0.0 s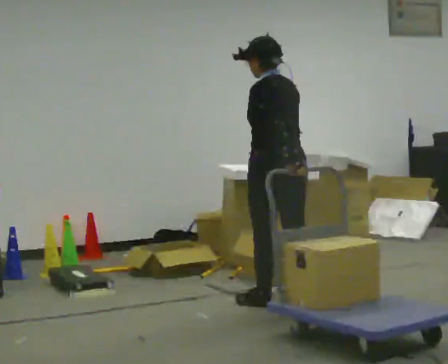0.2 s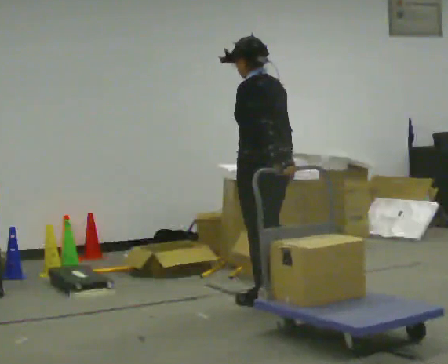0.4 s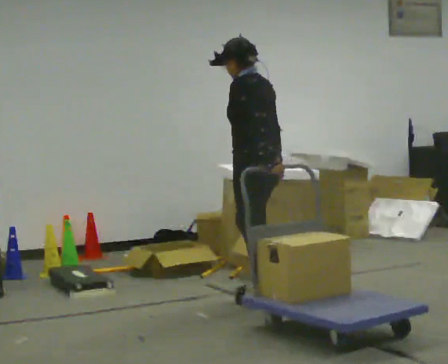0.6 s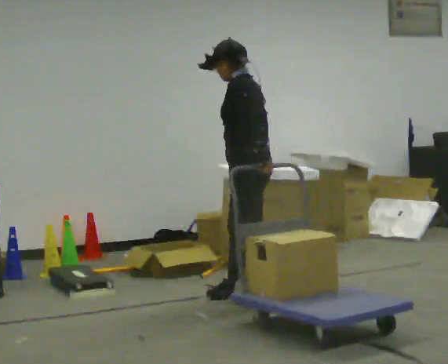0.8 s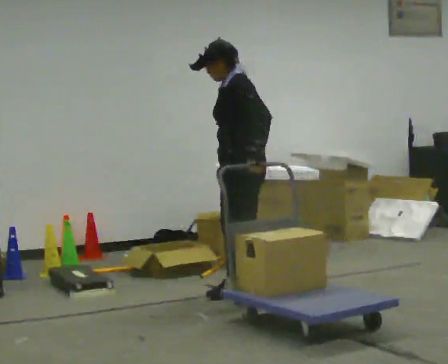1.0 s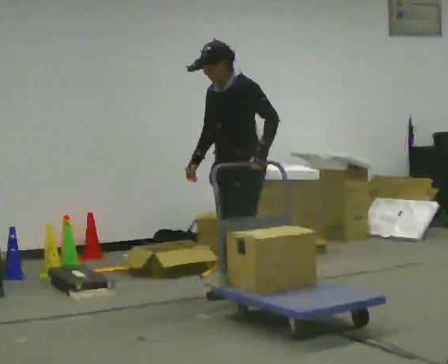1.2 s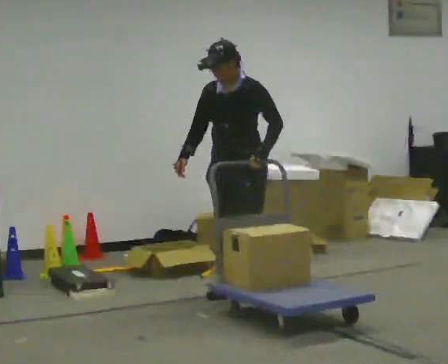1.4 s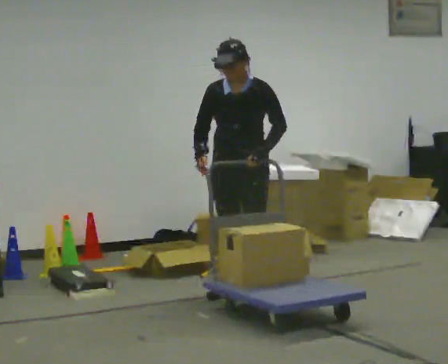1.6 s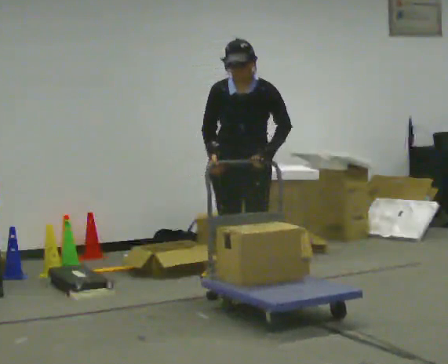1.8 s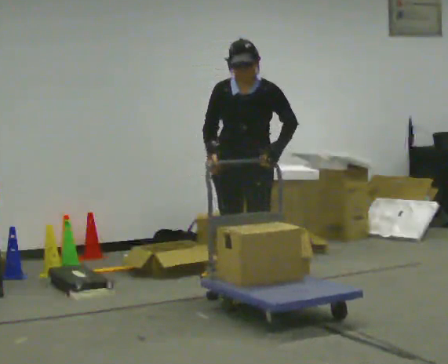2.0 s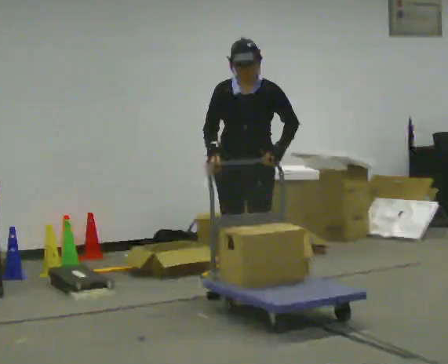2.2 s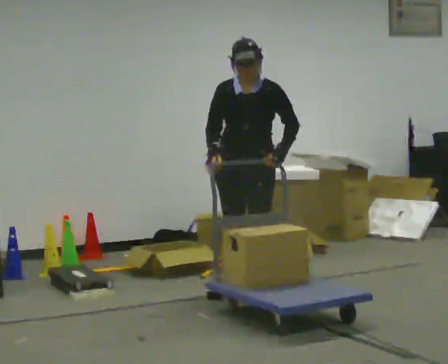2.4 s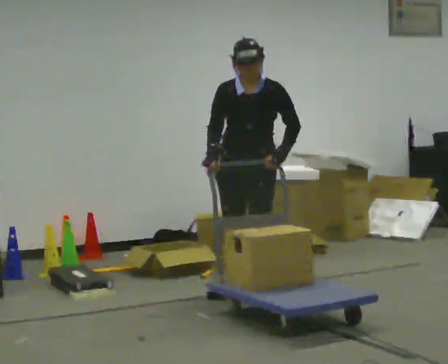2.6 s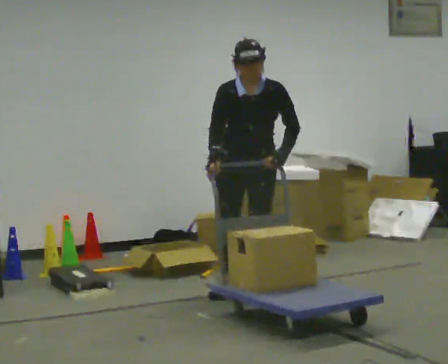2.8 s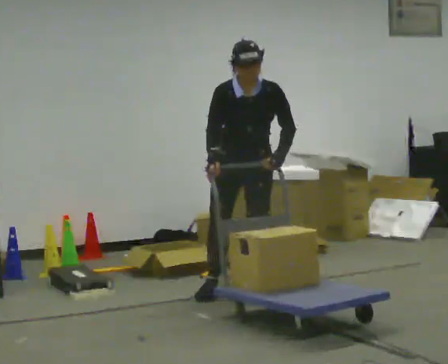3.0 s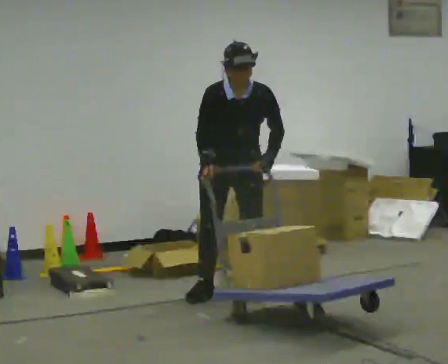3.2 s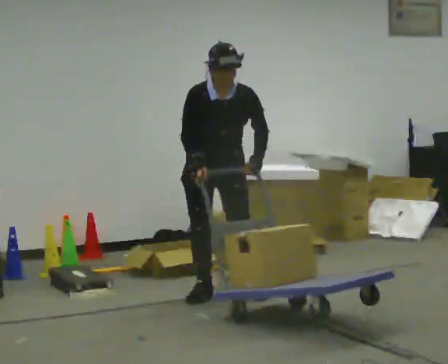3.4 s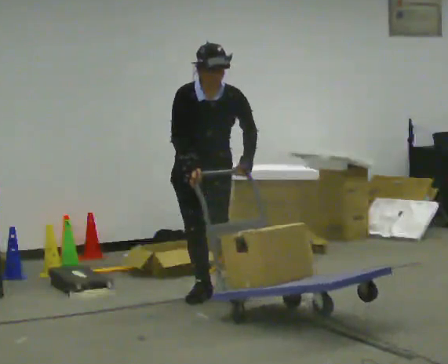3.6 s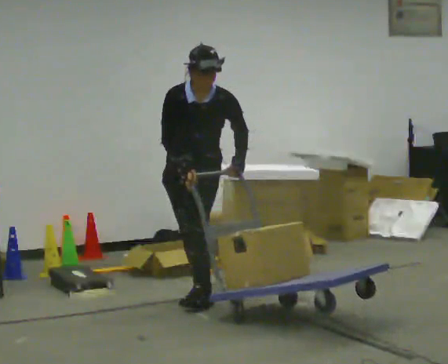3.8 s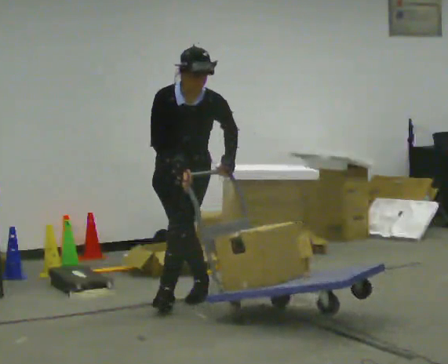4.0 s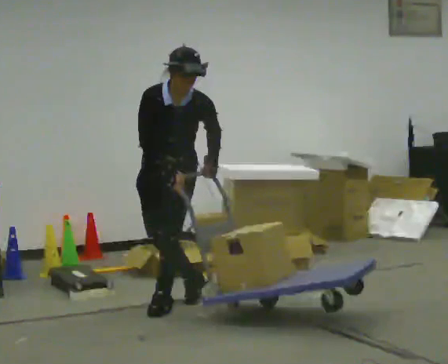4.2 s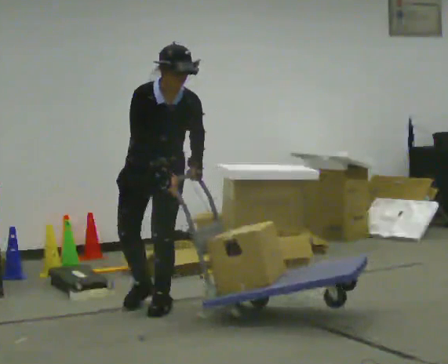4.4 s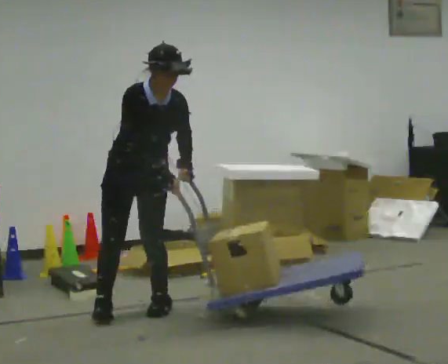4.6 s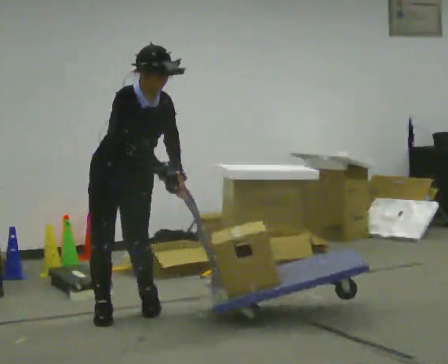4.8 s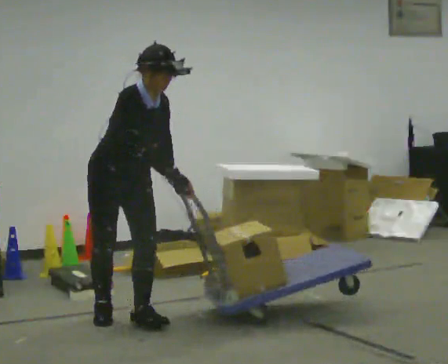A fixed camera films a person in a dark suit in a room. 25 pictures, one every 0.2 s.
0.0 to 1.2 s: Seen from above the body turns counterclockwise, about 120 degrees: to their left, with its near side sliding to the right. In the picture they go away from the camera and to the left, about 0.5 m in 2 steps.
1.2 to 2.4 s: The person moves a little, or ends about where they began.
2.4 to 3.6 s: In the picture they go to the left, about 0.25 m in 1 step, which for them is to their right and forward.
3.6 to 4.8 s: The person turns about 60 degrees to their left, counterclockwise seen from above, so the part of the body nearest the lens slides to the right. In the picture they go toward the camera and to the left, about 0.75 m in 2 steps. In the picture the upper body tilts clockwise, shoulders to the right.
The film runs forward here.
